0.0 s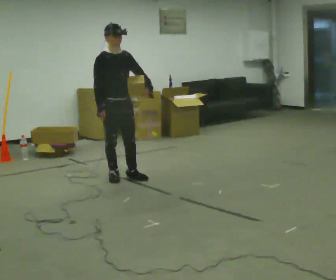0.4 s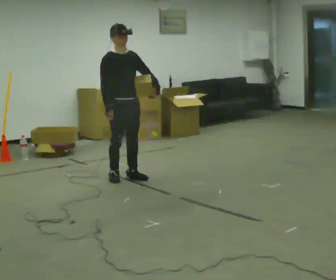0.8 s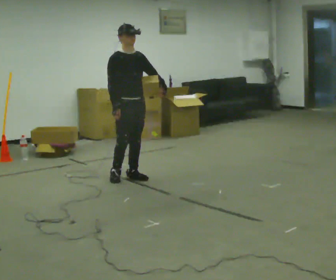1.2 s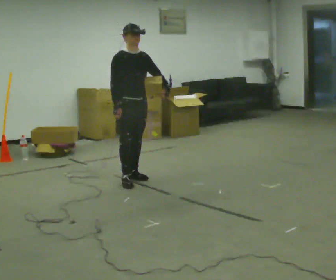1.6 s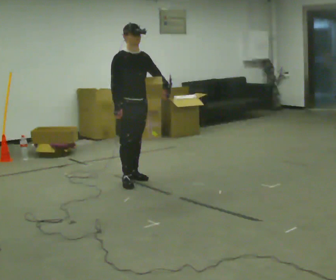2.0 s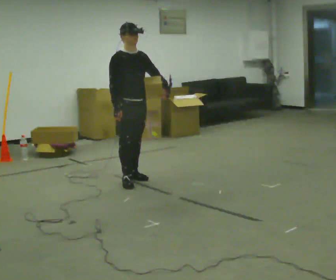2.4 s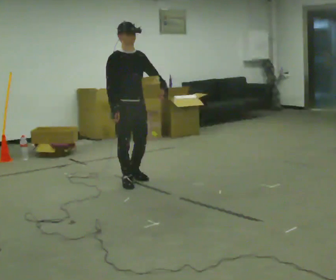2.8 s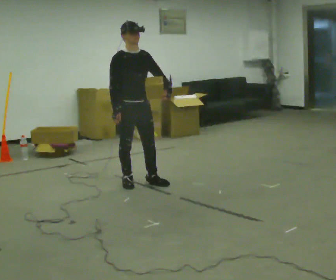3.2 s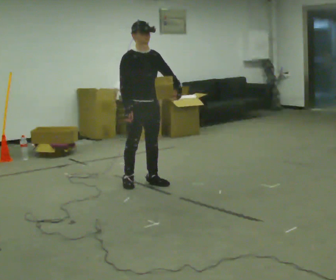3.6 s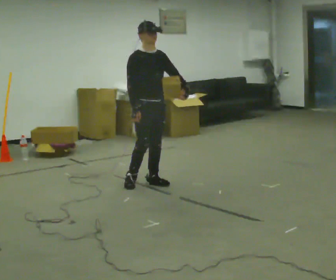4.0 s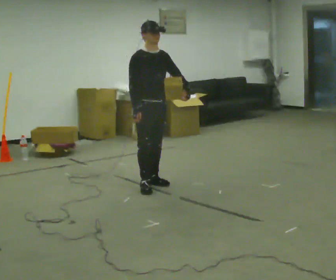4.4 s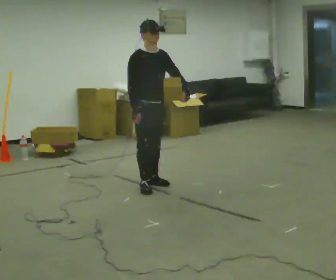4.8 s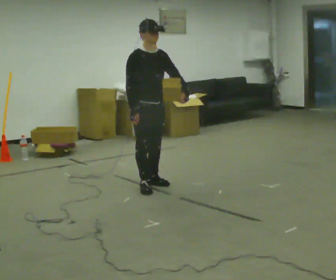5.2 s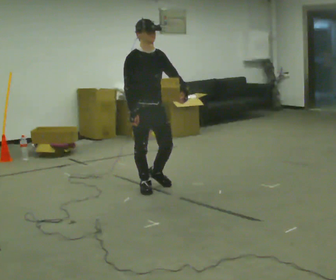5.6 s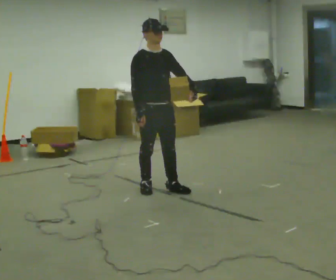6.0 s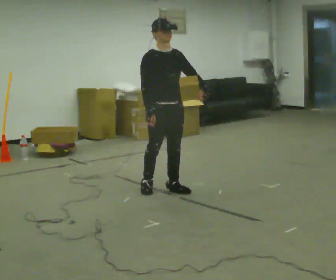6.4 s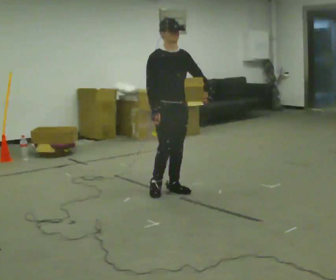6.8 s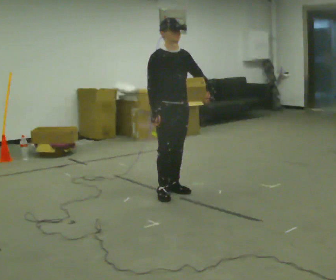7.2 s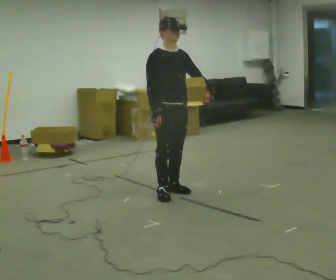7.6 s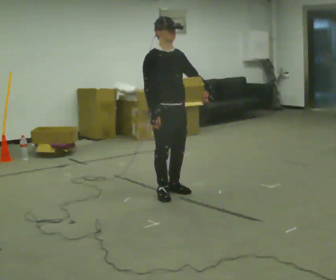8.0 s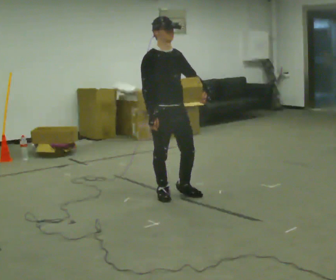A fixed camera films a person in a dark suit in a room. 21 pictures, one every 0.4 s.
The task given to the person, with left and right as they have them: Hold the object against your hip on the side the operator calls, and carry it back and forth across the room.
0.0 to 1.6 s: In the picture they go to the right, about 0.25 m in 1 step, which for them is forward.
1.6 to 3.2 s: In the picture they go toward the camera, about 0.25 m in 1 step, which for them is forward.
3.2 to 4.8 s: In the picture they go toward the camera, about 0.25 m in 1 step, which for them is forward.
4.8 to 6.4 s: In the picture they go to the right, about 0.25 m in 1 step, which for them is forward and to their left.
6.4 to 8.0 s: In the picture they go toward the camera, about 0.25 m in 1 step, which for them is forward and to their right.
The film runs forward here.
